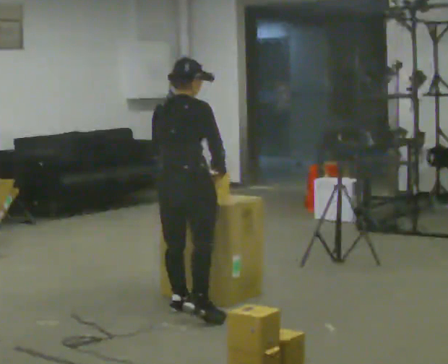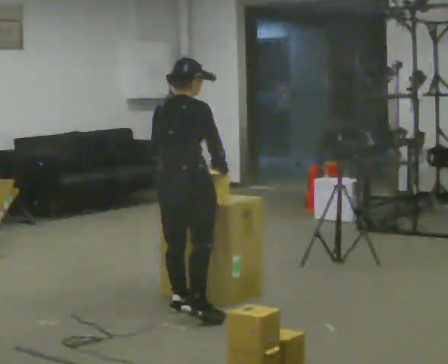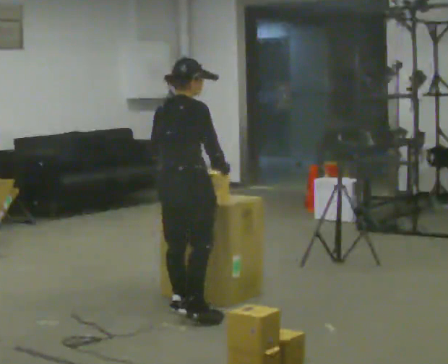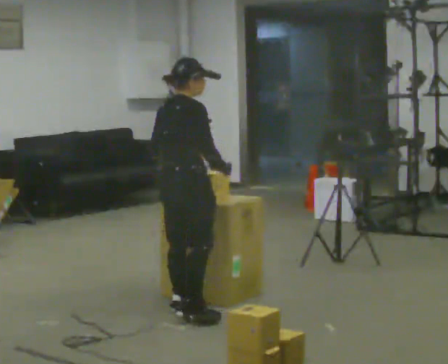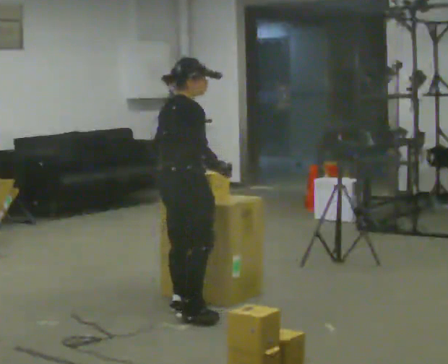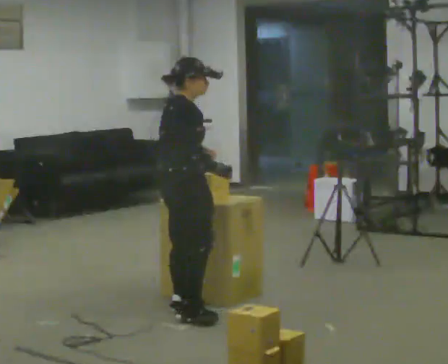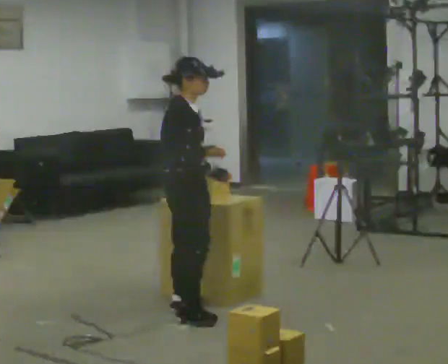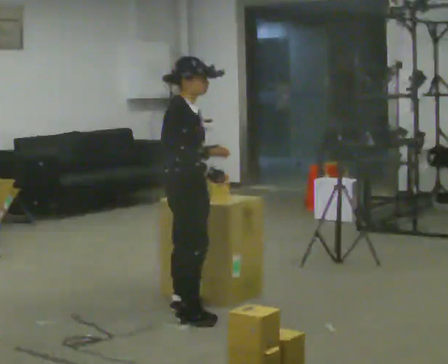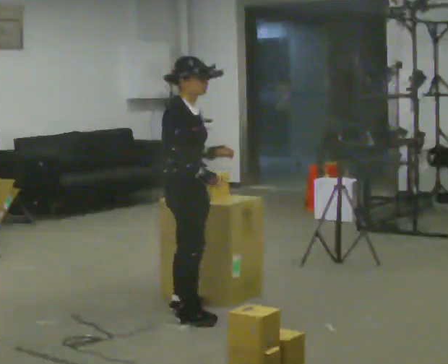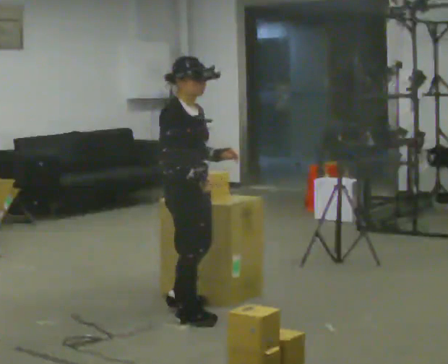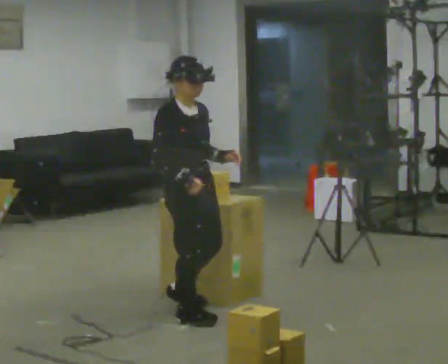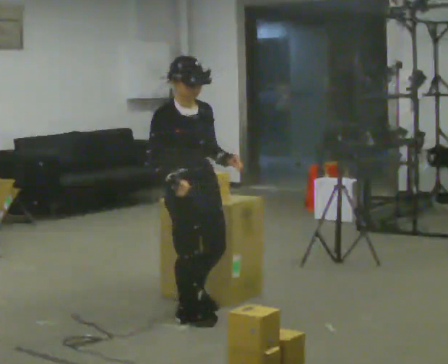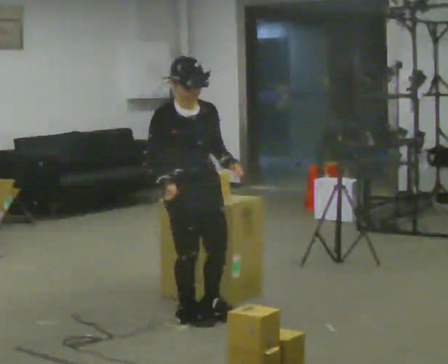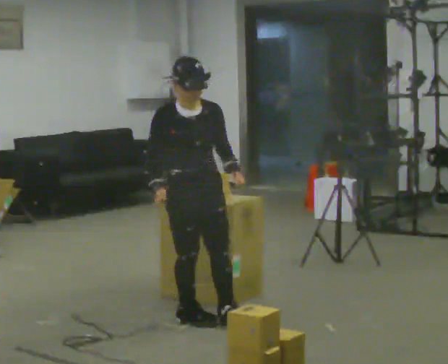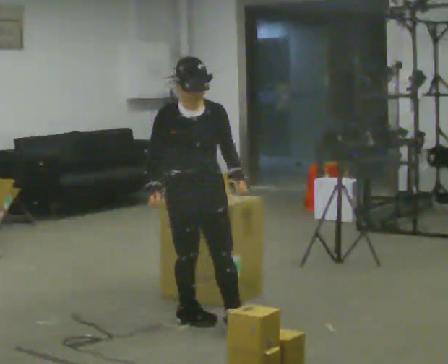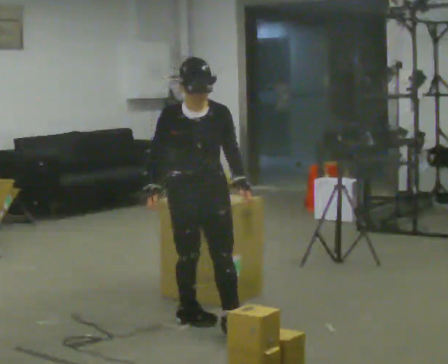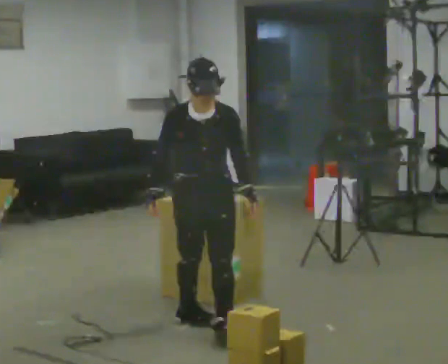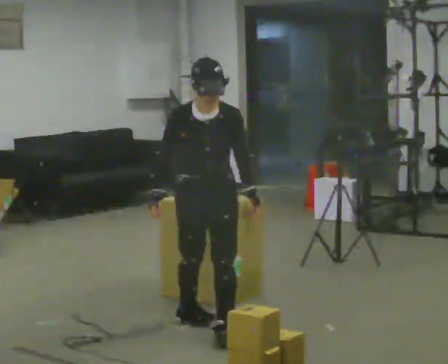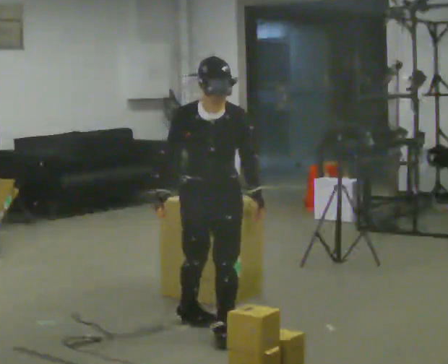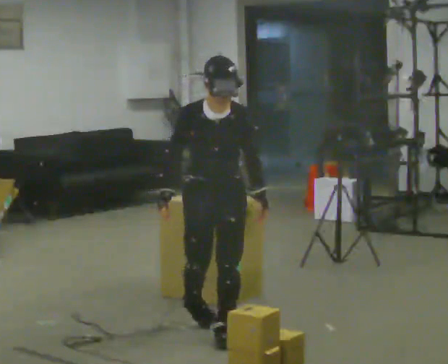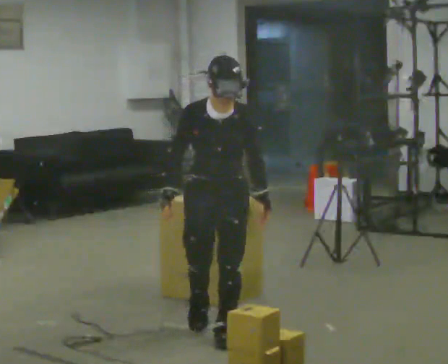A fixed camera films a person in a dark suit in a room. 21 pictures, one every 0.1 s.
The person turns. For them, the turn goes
to their right.
The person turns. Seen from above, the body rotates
clockwise.
0.0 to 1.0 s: The part of the body nearest the lens slides to the left as the person turns to their right by about 105 degrees. In the picture they go toward the camera, about 0.25 m.
1.0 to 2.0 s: Seen from above the body turns clockwise, about 45 degrees: to their right, with its near side sliding to the left. In the picture they go toward the camera, about 0.5 m in 1 step, which for them is forward.
The film runs forward here.
